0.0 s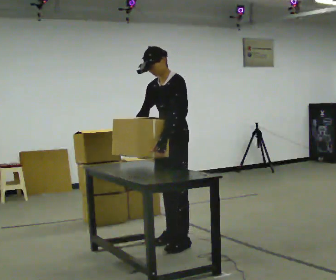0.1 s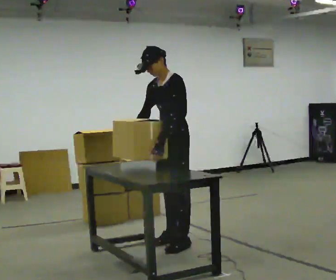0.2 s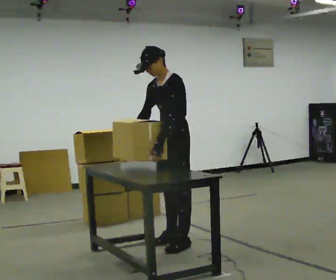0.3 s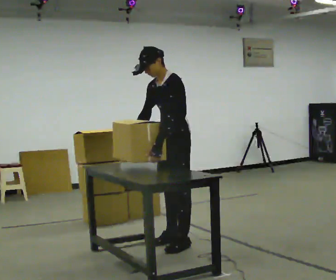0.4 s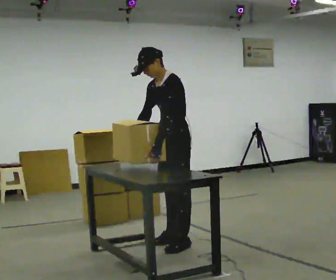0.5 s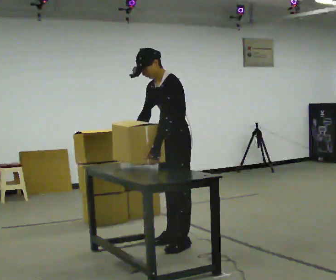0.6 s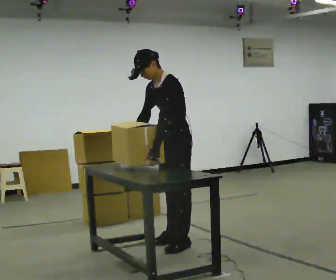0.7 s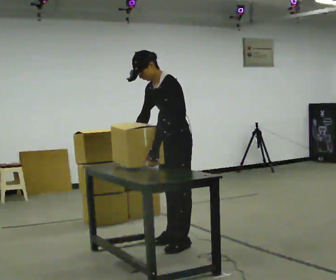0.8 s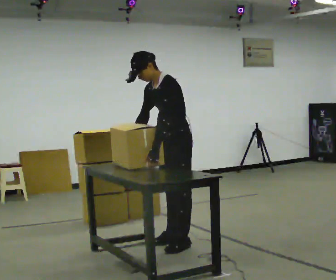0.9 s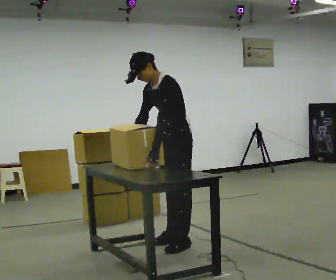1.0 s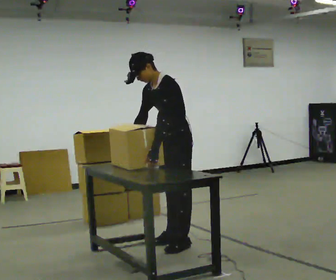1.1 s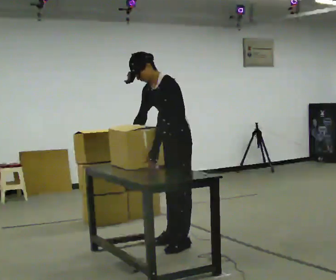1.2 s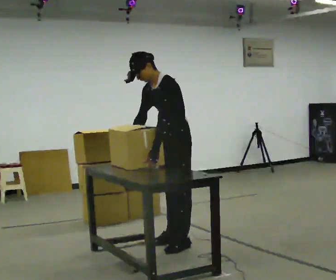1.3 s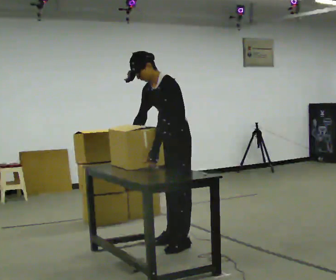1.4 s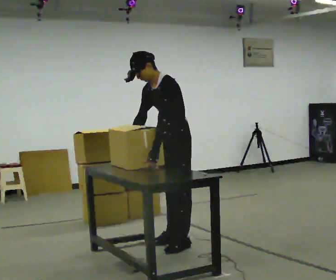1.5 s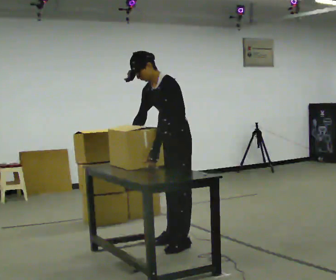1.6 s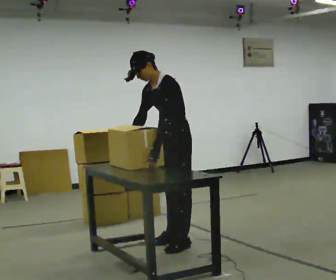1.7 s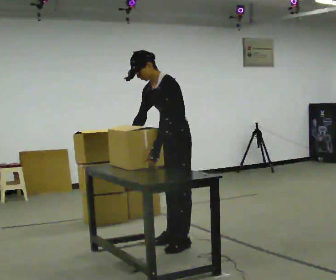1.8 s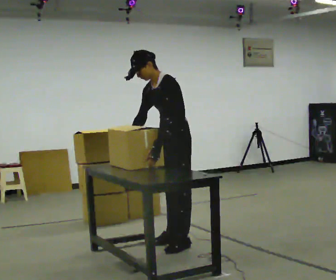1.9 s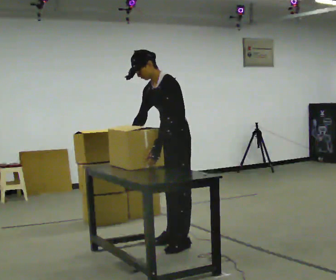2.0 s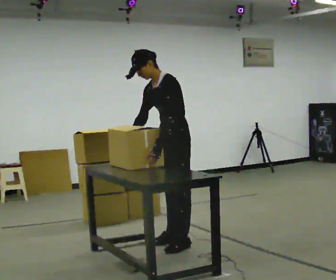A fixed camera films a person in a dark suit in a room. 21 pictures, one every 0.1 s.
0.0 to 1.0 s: In the picture the upper body tilts counterclockwise, shoulders to the left, as they bend forward.
1.0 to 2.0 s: The person moves a little, or ends about where they began.
The film runs forward here.
